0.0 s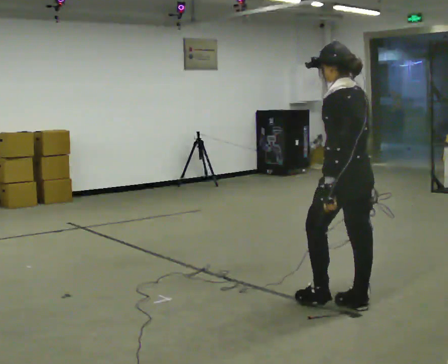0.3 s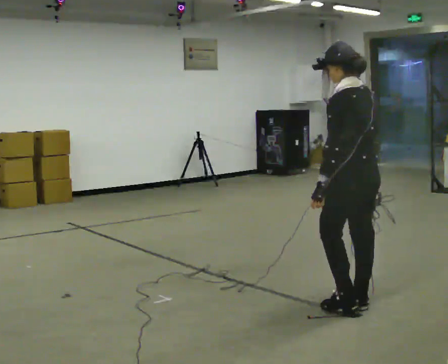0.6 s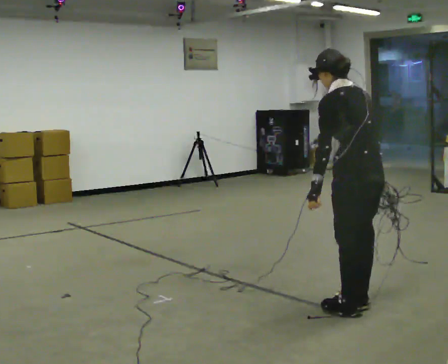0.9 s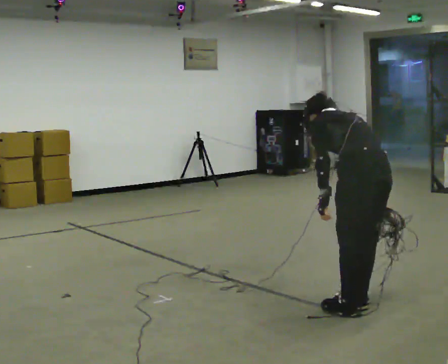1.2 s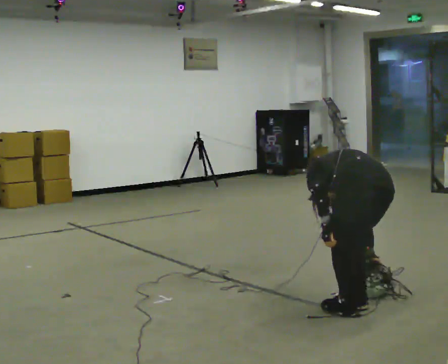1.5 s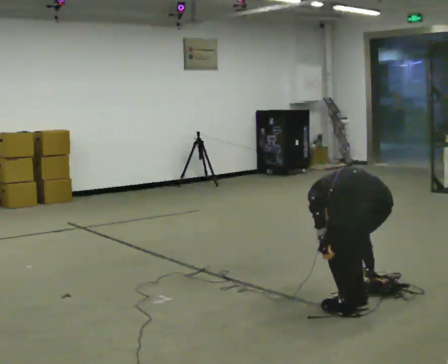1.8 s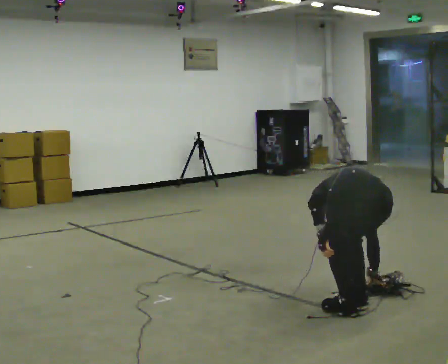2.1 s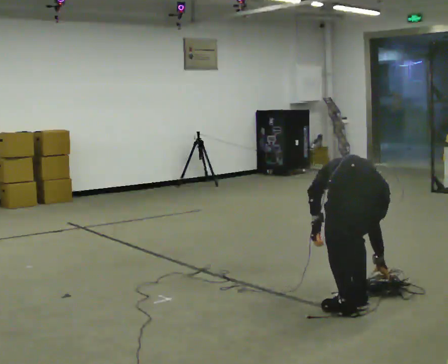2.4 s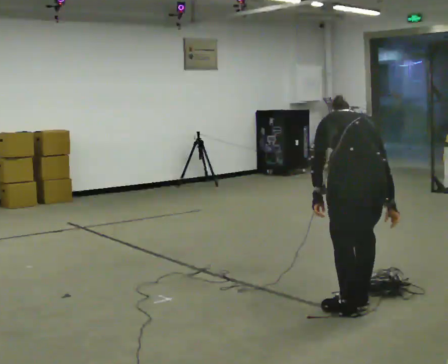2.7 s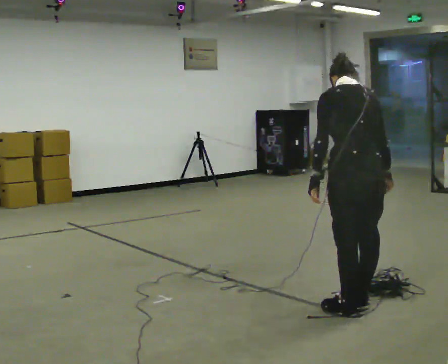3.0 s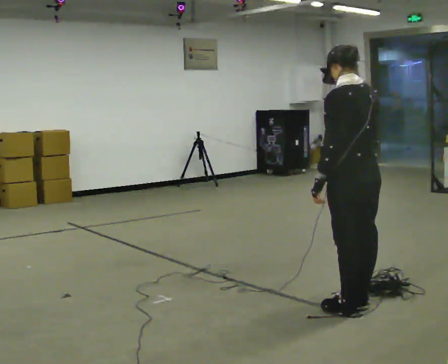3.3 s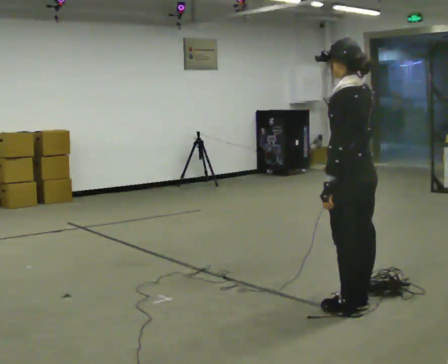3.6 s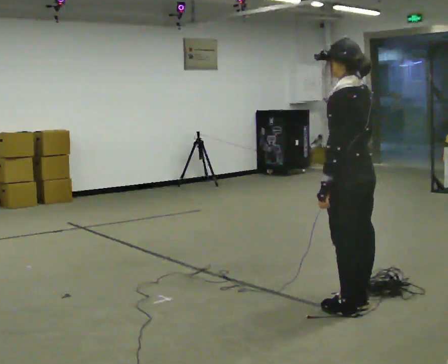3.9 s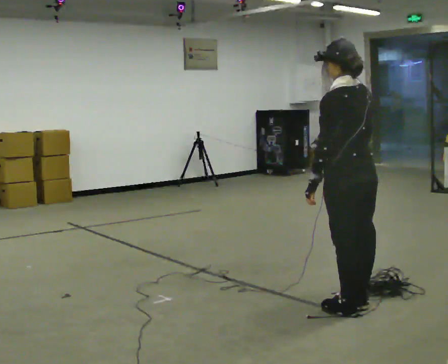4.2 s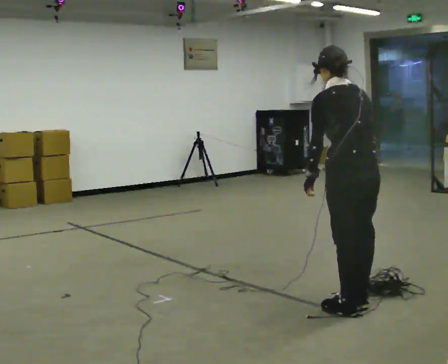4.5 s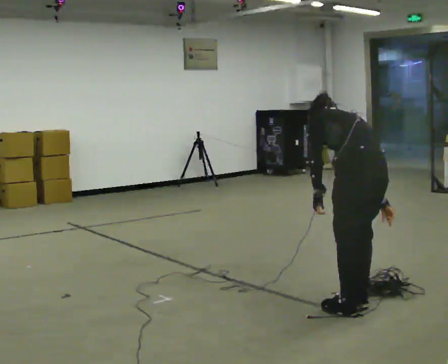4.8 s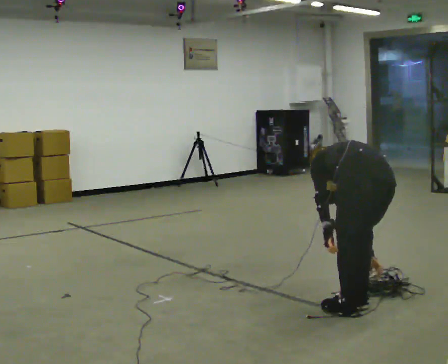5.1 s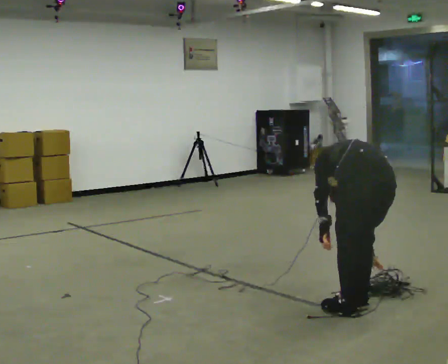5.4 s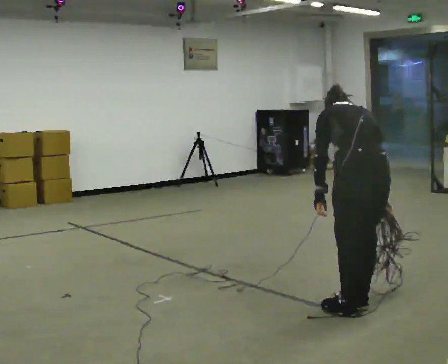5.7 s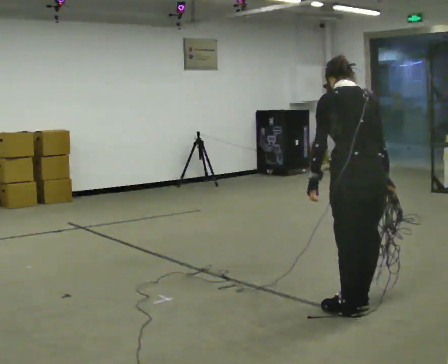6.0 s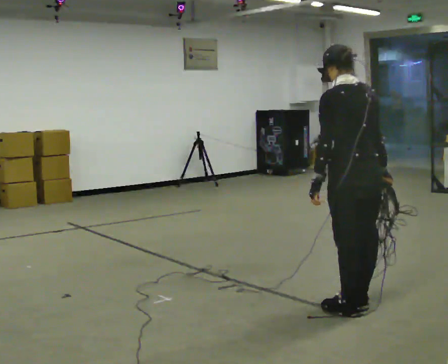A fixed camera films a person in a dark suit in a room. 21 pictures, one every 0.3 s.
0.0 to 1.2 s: The person turns about 30 degrees to their right, clockwise seen from above, so the part of the body nearest the lens slides to the left. In the picture they go toward the camera, about 0.25 m, which for them is backward. The upper body goes downward. The upper body tips away from the camera, its near side rolling upward, as they bend forward. In the picture their right hand goes downward.
1.2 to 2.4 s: The person moves a little, or ends about where they began.
2.4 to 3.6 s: The person turns about 45 degrees to their left, counterclockwise seen from above, so the part of the body nearest the lens slides to the right. The upper body goes upward. The upper body tips toward the camera, its near side rolling downward, as they lean back or straighten.
3.6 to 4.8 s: The person turns about 30 degrees to their right, clockwise seen from above, so the part of the body nearest the lens slides to the left. The upper body goes downward. The upper body tips away from the camera, its near side rolling upward, as they bend forward. In the picture their right hand goes downward.
4.8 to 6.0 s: The upper body goes upward. The upper body tips toward the camera, its near side rolling downward, as they lean back or straighten.
The film runs backward here.
